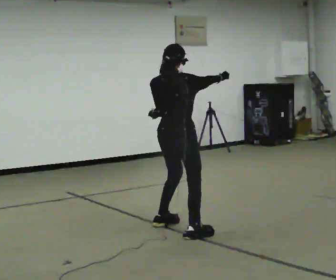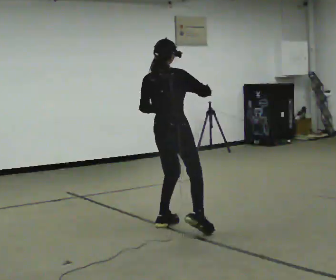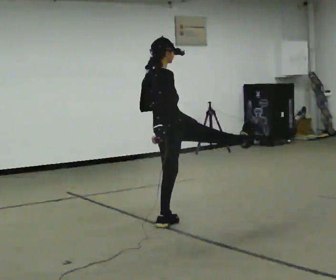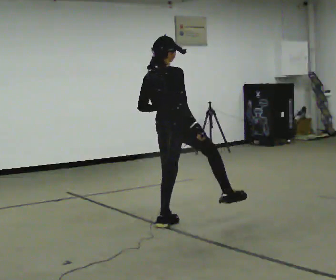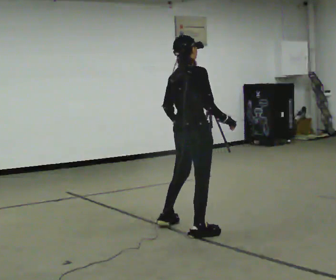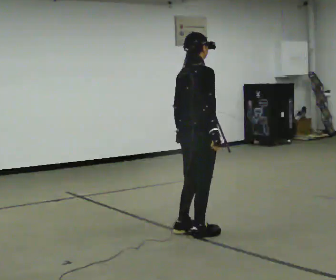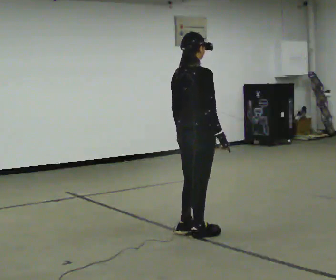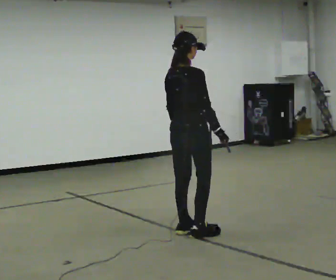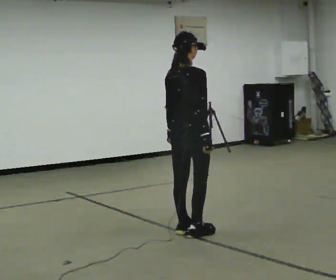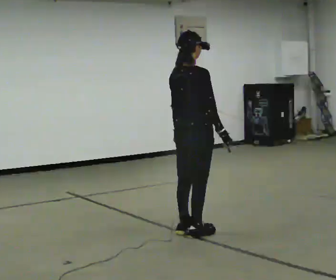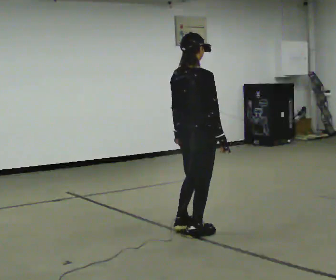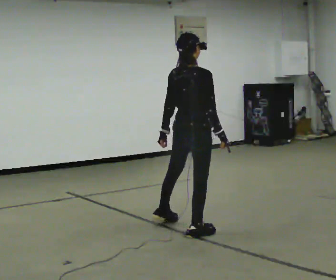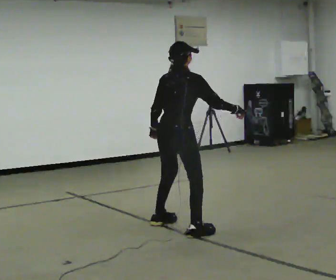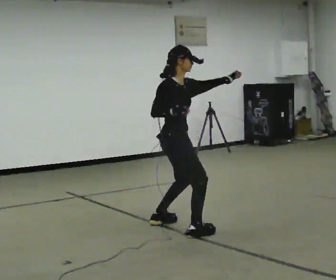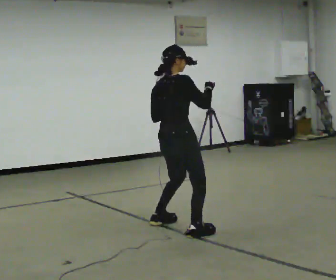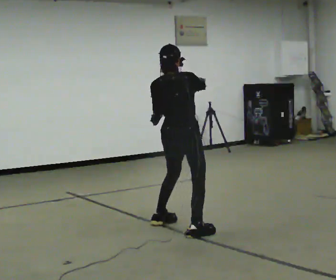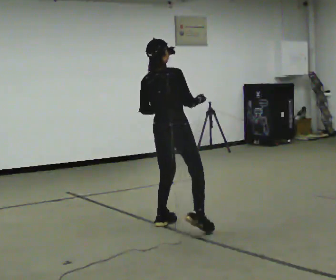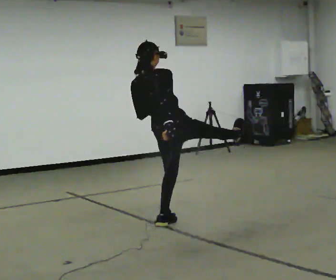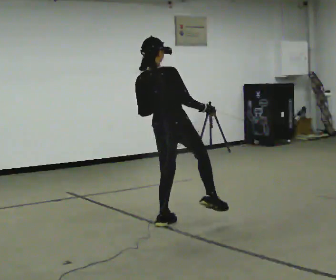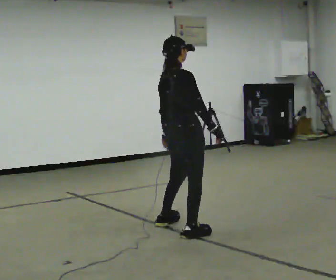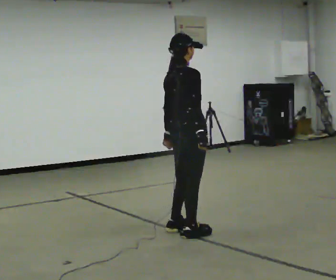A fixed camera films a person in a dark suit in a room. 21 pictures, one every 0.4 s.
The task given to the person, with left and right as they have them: Perform a slow martial arts form (https://youtu.be/ZMi83SPAP1Q?si=p1_31d3YaodeQQZT); kicks should be slow
0.0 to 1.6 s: The part of the body nearest the lens slides to the left as the person turns to their right by about 45 degrees. In the picture their right hand goes downward.
1.6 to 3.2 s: The person moves a little, or ends about where they began.
3.2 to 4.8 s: In the picture their right hand goes to the right, the arm swinging counterclockwise.
4.8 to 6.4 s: In the picture the upper body tilts counterclockwise, shoulders to the left.
6.4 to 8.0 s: In the picture they go toward the camera, about 0.25 m in 1 step, which for them is to their right and backward.
The film runs forward here.
